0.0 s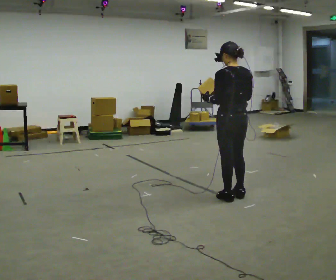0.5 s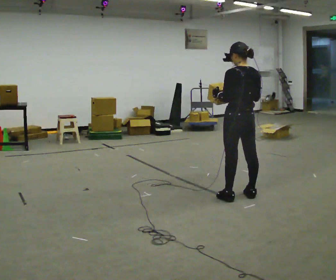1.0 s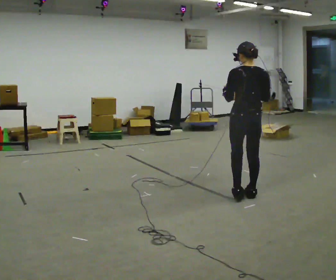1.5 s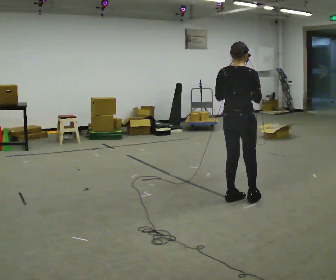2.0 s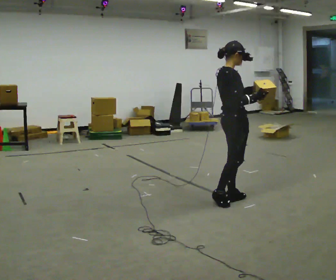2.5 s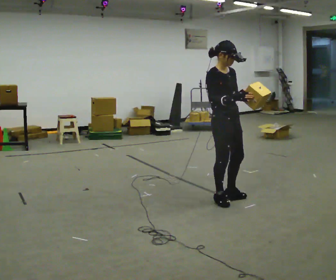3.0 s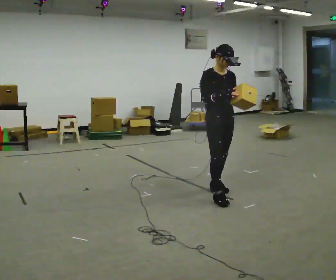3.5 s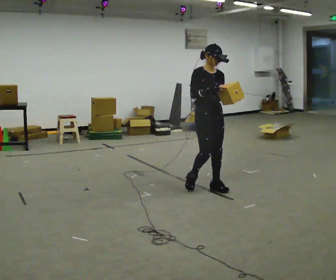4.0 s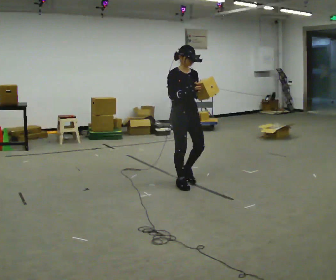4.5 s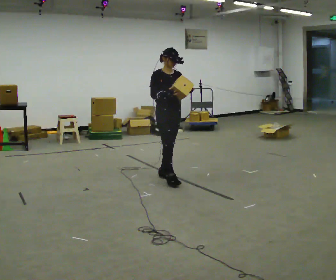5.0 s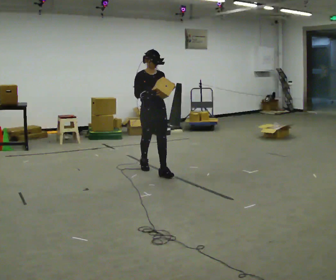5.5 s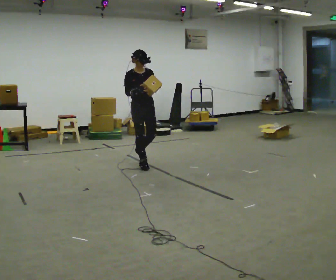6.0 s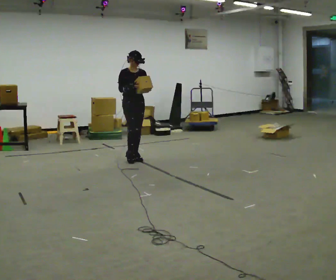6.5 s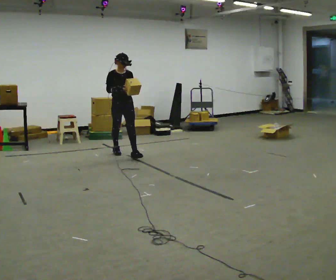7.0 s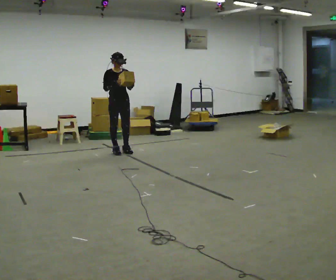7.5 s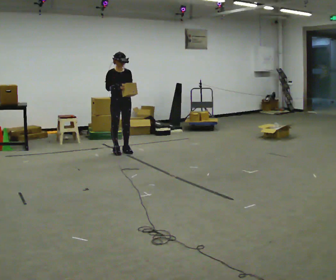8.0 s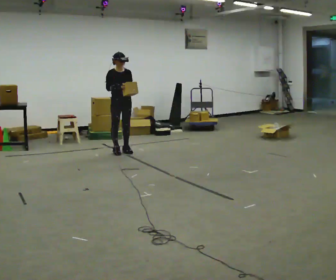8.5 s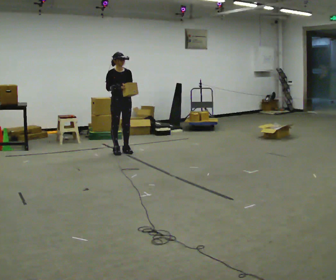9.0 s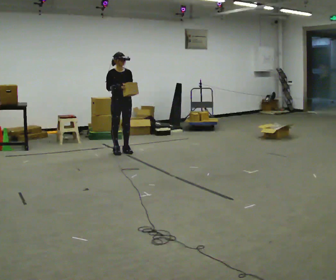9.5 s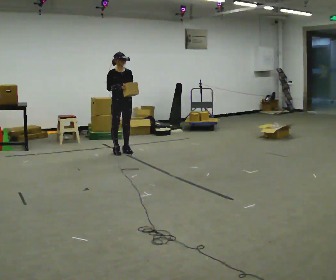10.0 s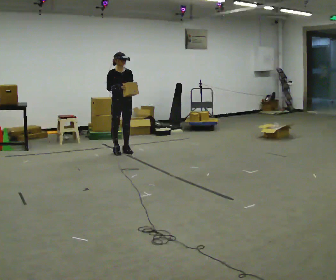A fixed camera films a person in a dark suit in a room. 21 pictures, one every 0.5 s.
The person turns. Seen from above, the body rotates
clockwise.
The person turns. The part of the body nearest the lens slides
to the left.
0.0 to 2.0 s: Seen from above the body turns clockwise, about 90 degrees: to their right, with its near side sliding to the left.
2.0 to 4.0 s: Seen from above the body turns clockwise, about 75 degrees: to their right, with its near side sliding to the left. In the picture they go away from the camera and to the left, about 0.75 m in 3 steps.
4.0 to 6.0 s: In the picture they go away from the camera and to the left, about 1.5 m in 3 steps, which for them is backward.
6.0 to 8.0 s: In the picture they go away from the camera and to the left, about 0.5 m in 1 step, which for them is backward.
8.0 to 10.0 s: The person keeps their place and pose.
The film runs backward here.
